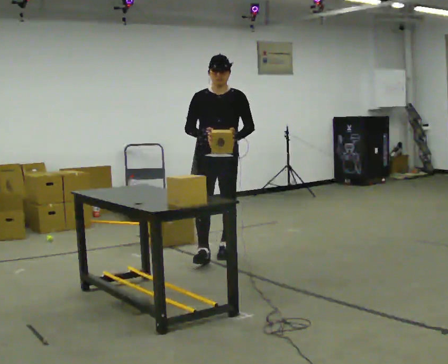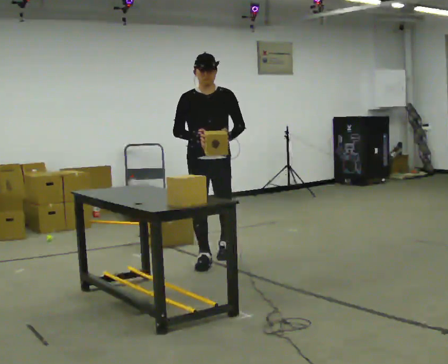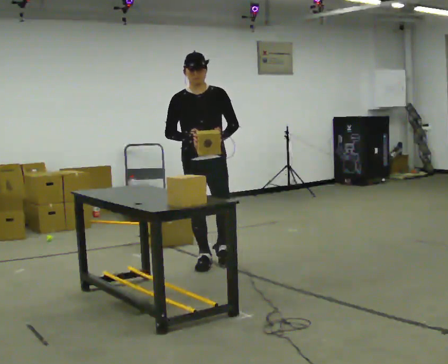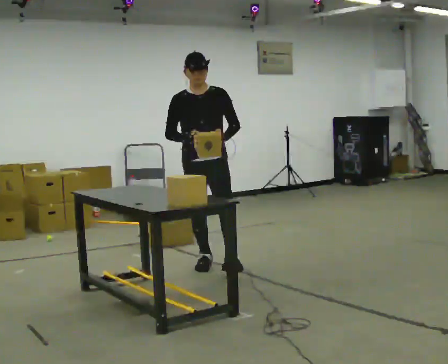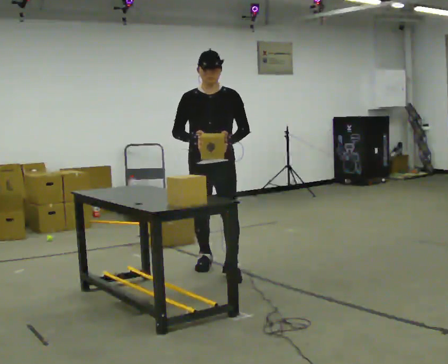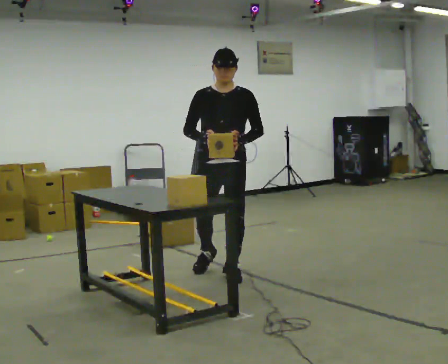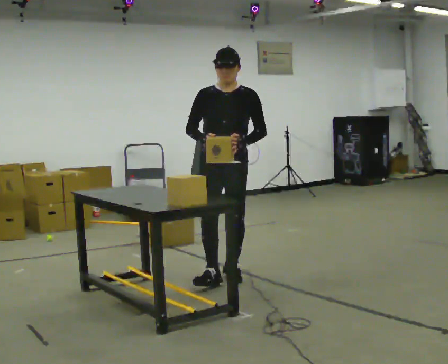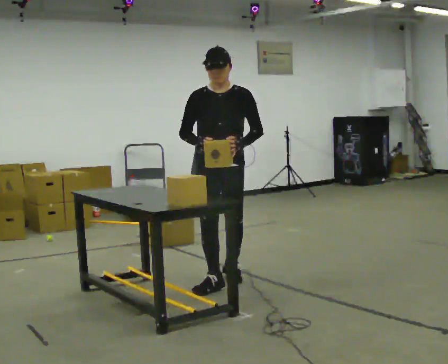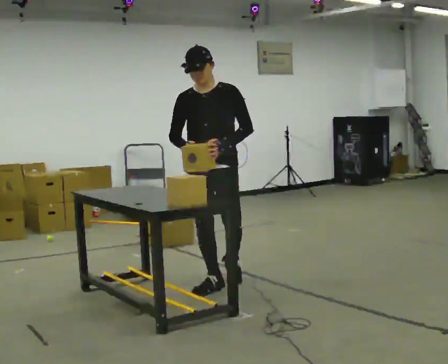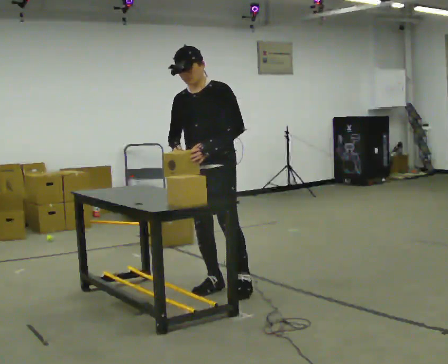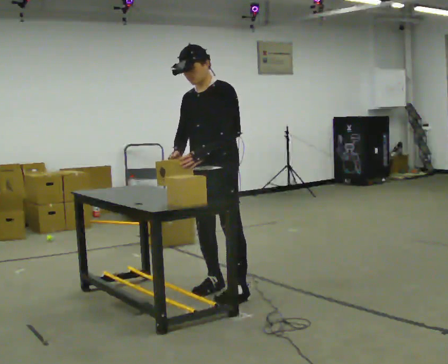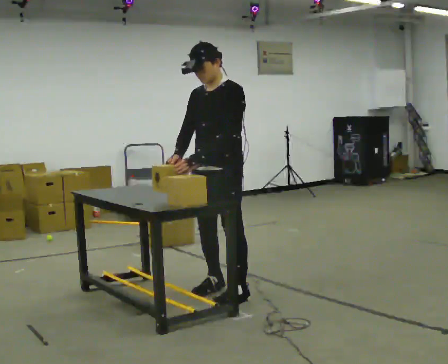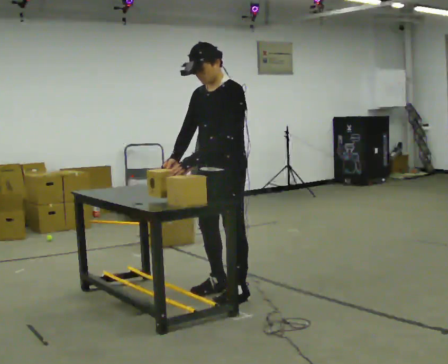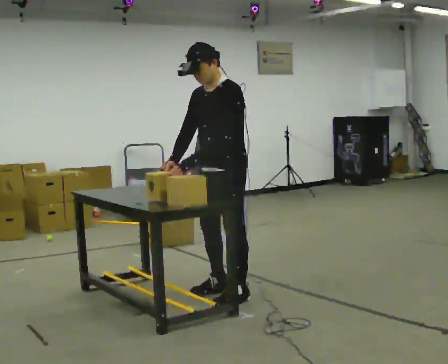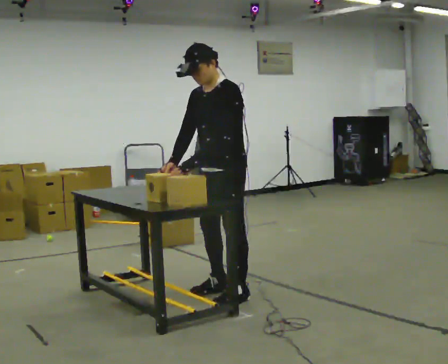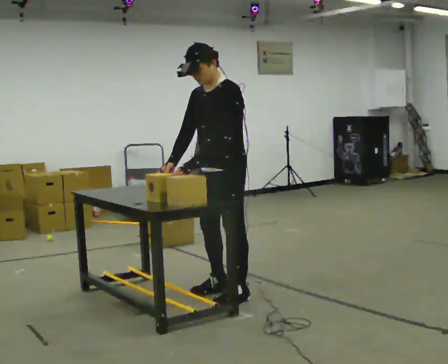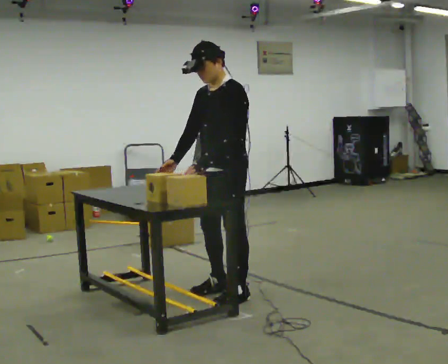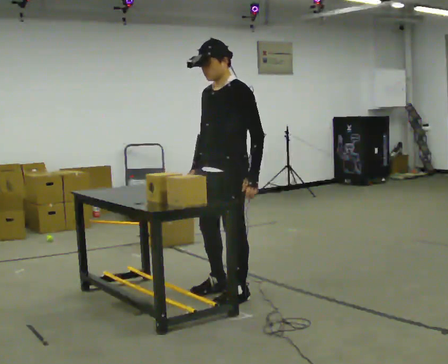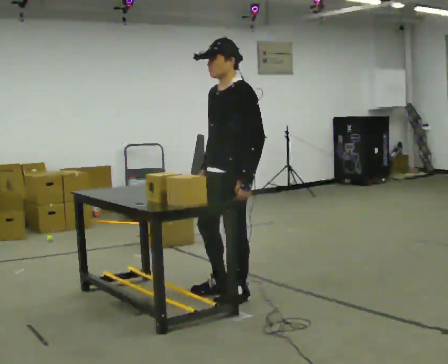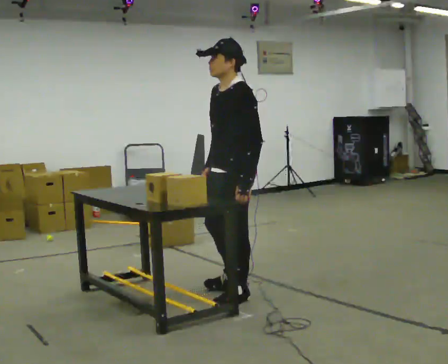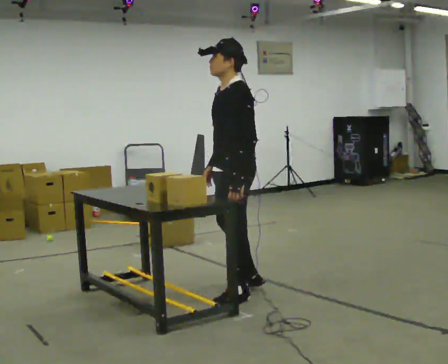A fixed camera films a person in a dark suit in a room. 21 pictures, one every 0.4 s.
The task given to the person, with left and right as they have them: Take an object out of the bin at knee height, carry it across the room, and place it on the chest-height shelf. Keep going until the operator says stop; one object at a time, and do not rush between trips.
0.0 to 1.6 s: In the picture they go toward the camera, about 0.5 m in 1 step, which for them is forward.
1.6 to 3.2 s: In the picture they go toward the camera, about 0.5 m in 1 step, which for them is forward.
3.2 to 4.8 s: The part of the body nearest the lens slides to the left as the person turns to their right by about 45 degrees. In the picture they go toward the camera, about 0.25 m in 1 step, which for them is to their left and forward.
4.8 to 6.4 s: The person moves a little, or ends about where they began.
6.4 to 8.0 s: Seen from above the body turns clockwise, about 30 degrees: to their right, with its near side sliding to the left.
The film runs forward here.
